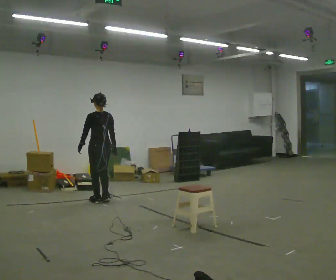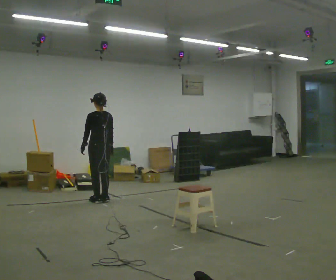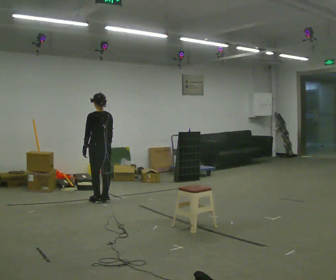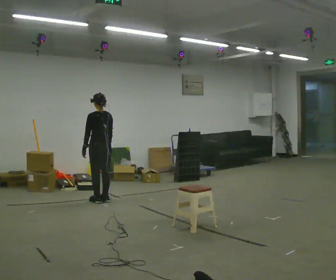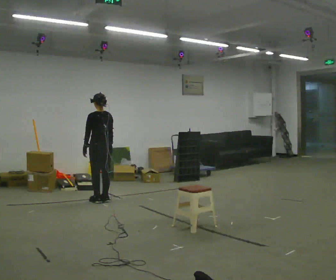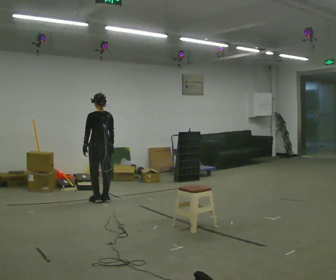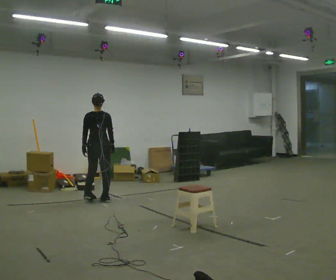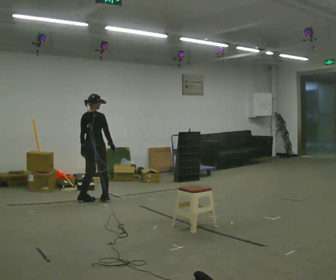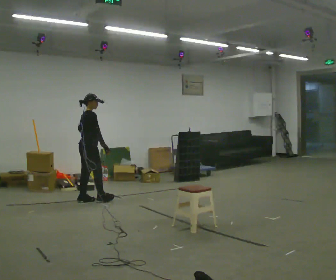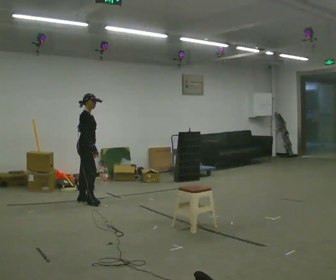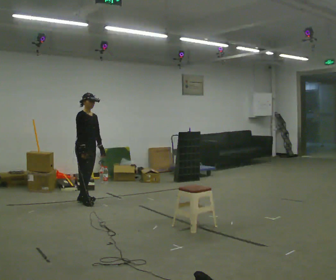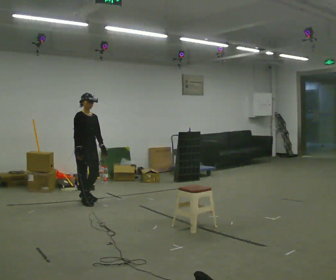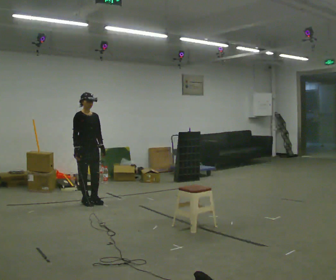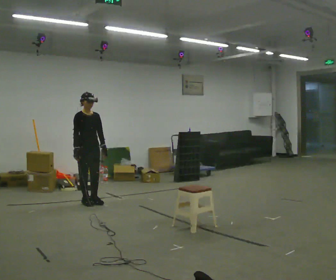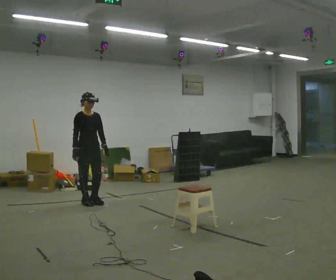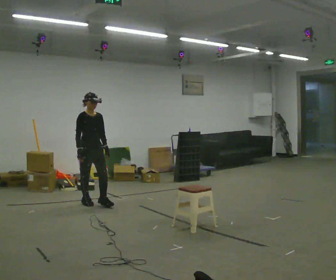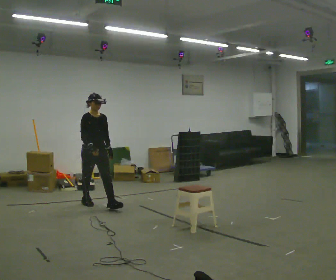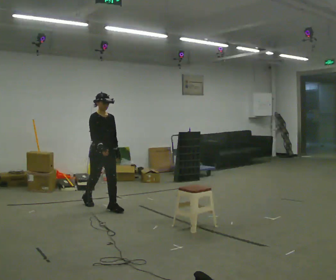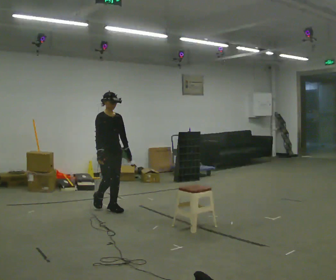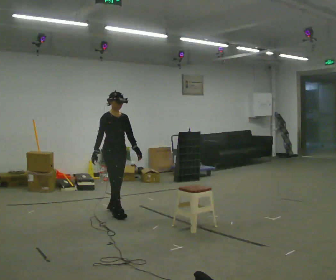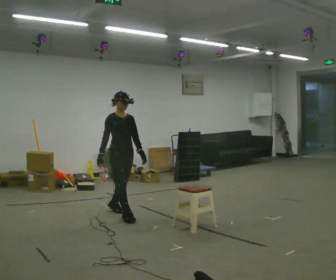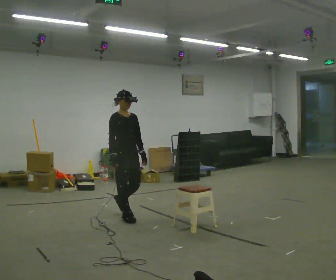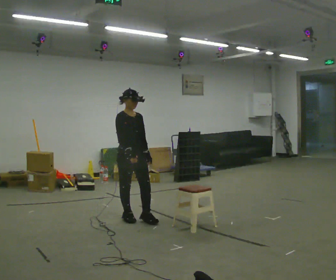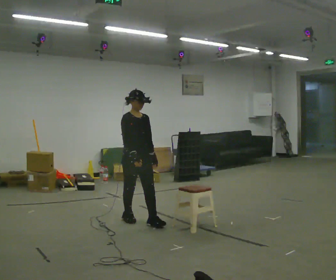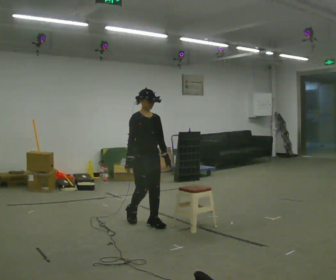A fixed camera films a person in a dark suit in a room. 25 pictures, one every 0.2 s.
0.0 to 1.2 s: The part of the body nearest the lens slides to the left as the person turns to their right by about 30 degrees.
1.2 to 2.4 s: The part of the body nearest the lens slides to the left as the person turns to their right by about 150 degrees. In the picture they go to the left and toward the camera, about 0.25 m in 2 steps. In the picture their right hand goes to the left.
2.4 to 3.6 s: In the picture they go toward the camera and to the right, about 0.5 m in 2 steps, which for them is forward.
3.6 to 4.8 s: In the picture they go toward the camera and to the right, about 1 m in 2 steps, which for them is forward.
The film runs forward here.
